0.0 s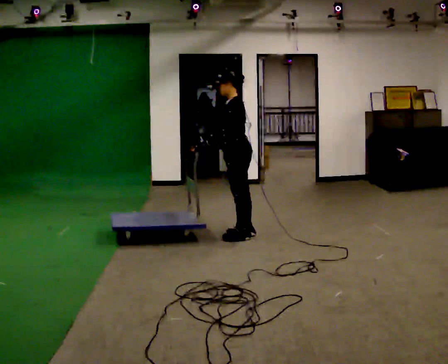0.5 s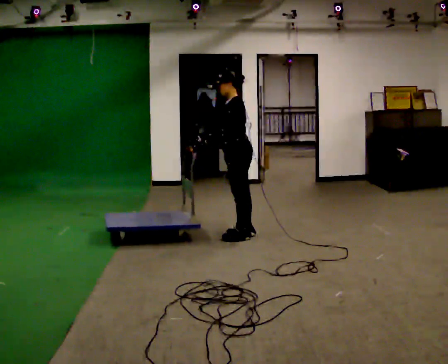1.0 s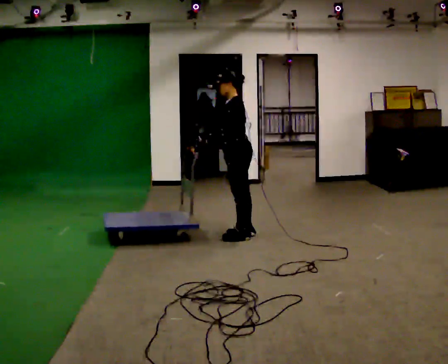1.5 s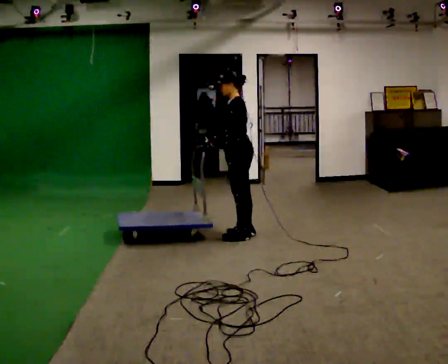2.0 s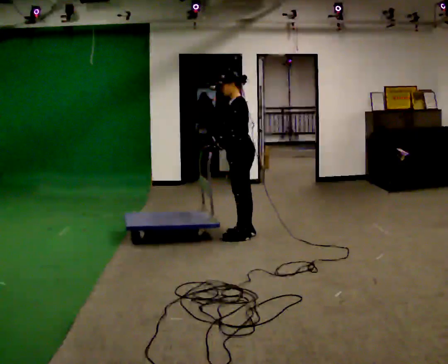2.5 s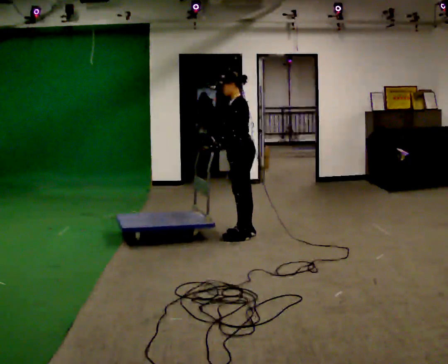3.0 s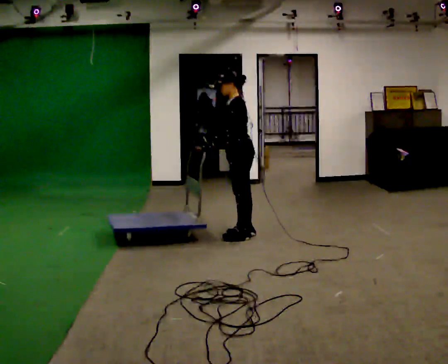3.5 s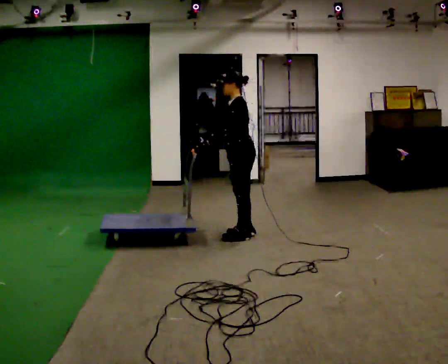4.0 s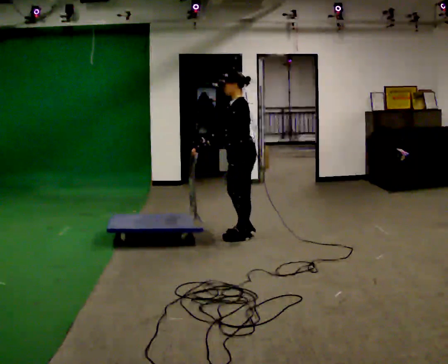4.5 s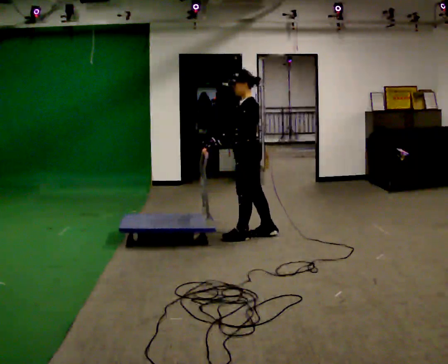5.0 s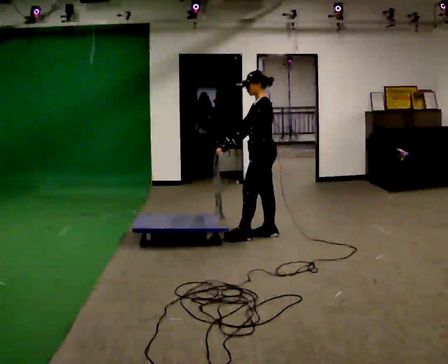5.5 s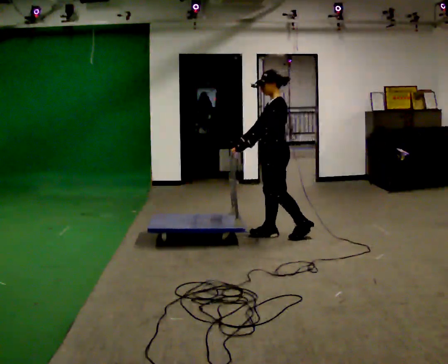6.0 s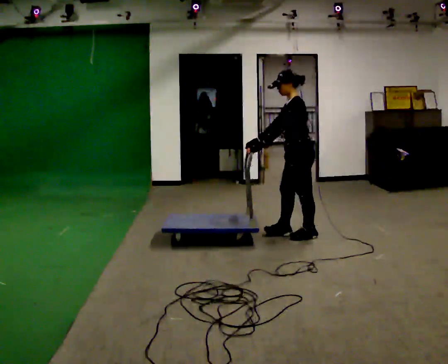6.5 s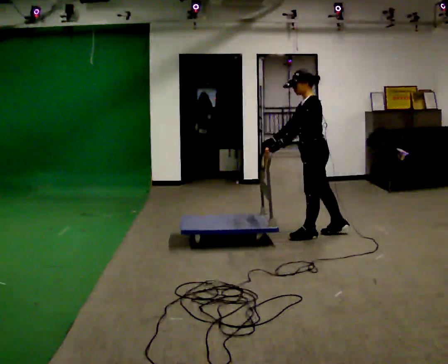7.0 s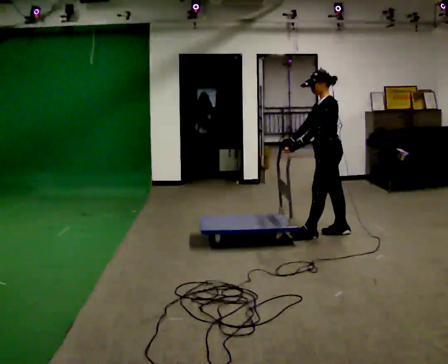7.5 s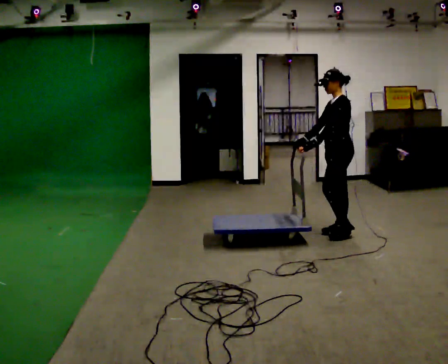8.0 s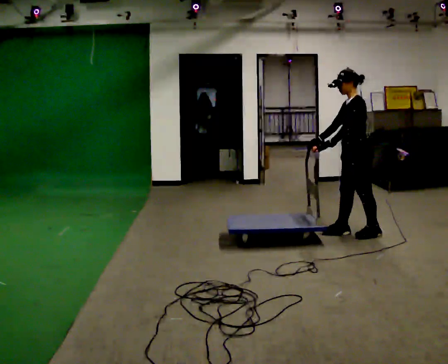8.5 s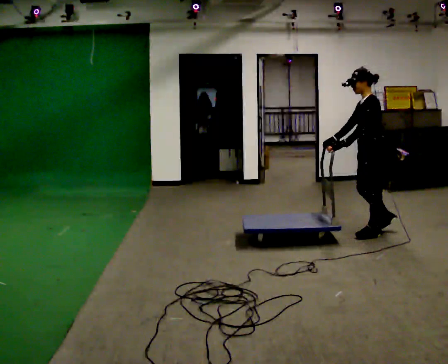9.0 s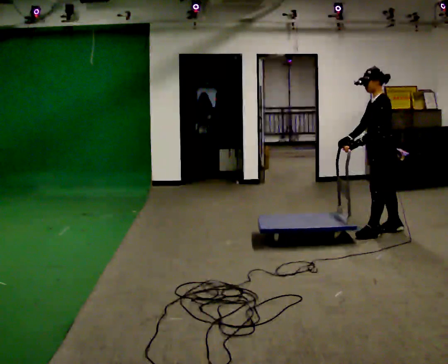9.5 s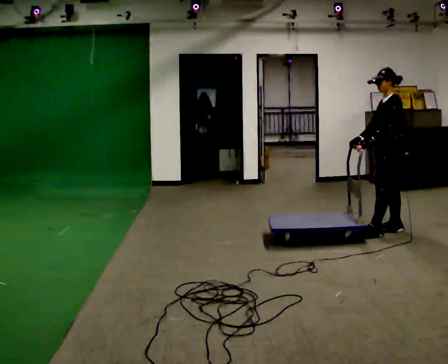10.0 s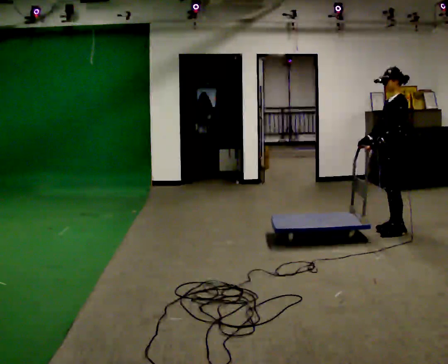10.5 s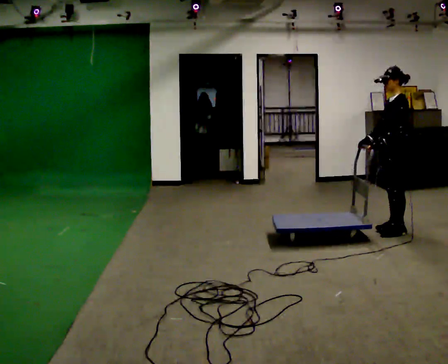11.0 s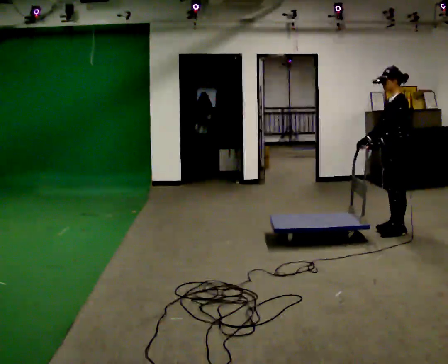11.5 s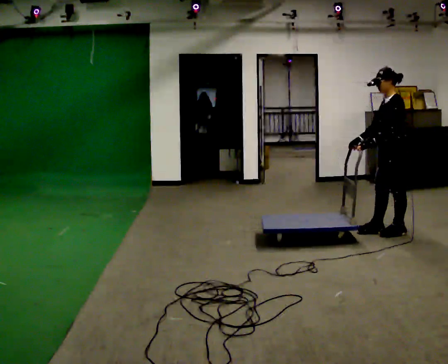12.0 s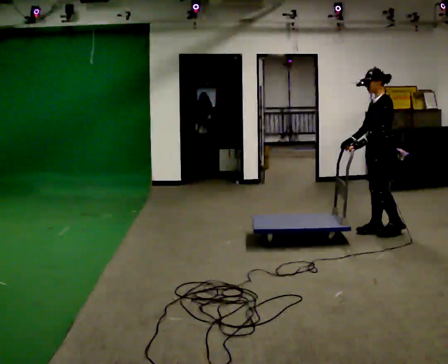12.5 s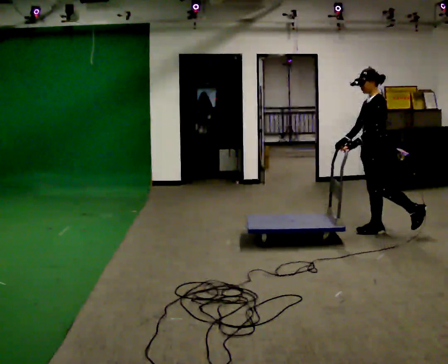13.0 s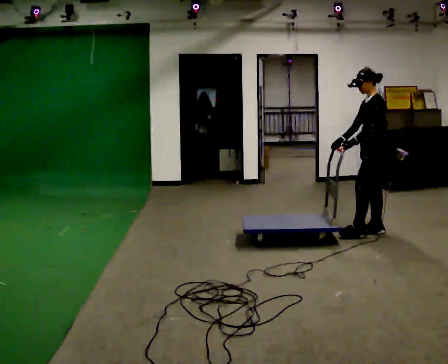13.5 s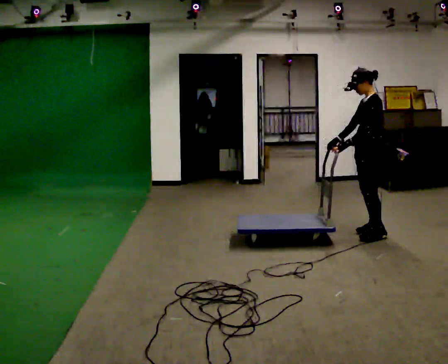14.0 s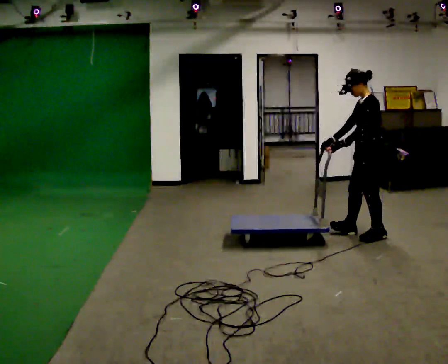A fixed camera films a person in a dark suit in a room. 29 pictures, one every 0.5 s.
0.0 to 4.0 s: The person moves a little, or ends about where they began.
4.0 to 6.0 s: In the picture they go to the right, about 0.5 m in 3 steps, which for them is backward.
6.0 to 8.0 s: In the picture they go to the right, about 0.5 m in 1 step, which for them is backward.
8.0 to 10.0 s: In the picture they go to the right, about 0.5 m in 2 steps, which for them is backward.
10.0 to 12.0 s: The person moves a little, or ends about where they began.
12.0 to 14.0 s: In the picture they go toward the camera, about 0.25 m in 2 steps, which for them is forward and to their left.
The film runs backward here.
